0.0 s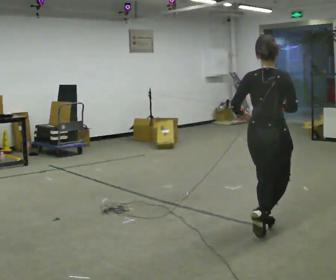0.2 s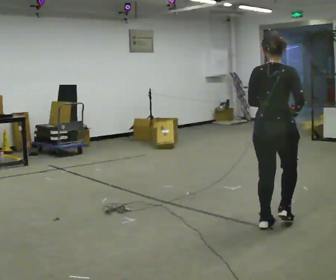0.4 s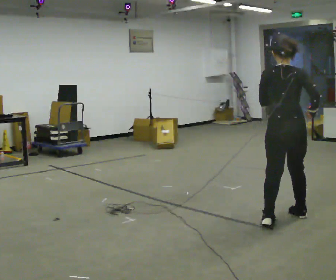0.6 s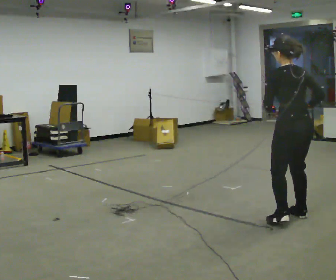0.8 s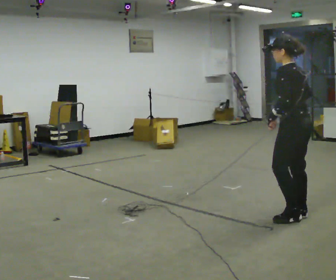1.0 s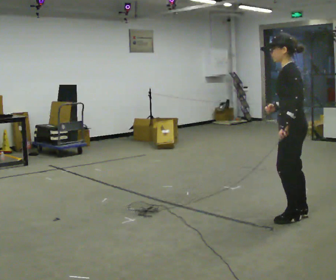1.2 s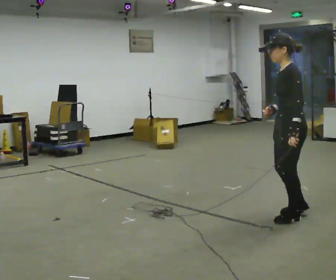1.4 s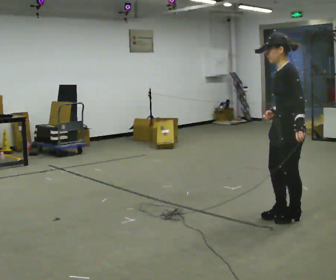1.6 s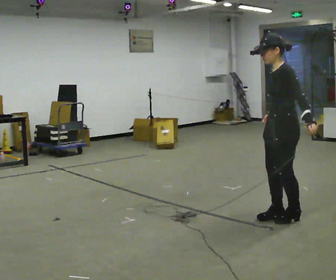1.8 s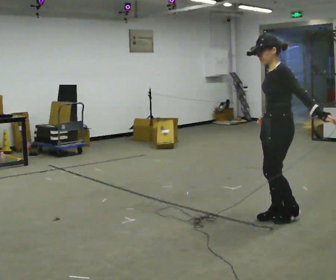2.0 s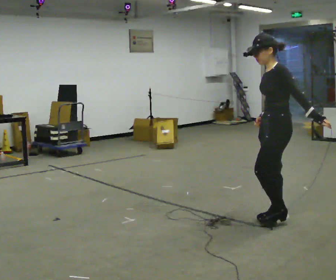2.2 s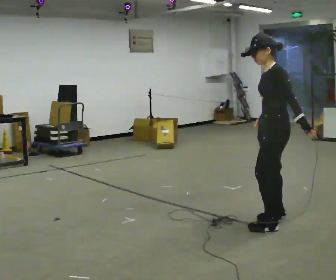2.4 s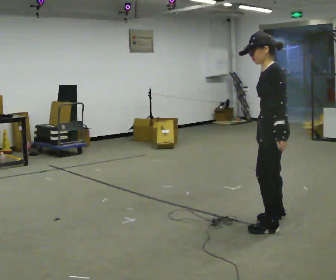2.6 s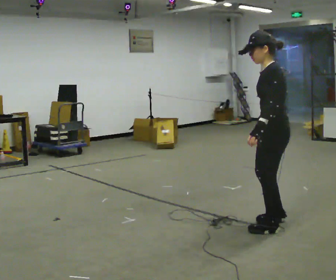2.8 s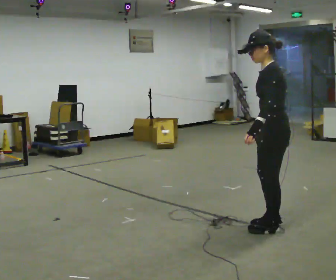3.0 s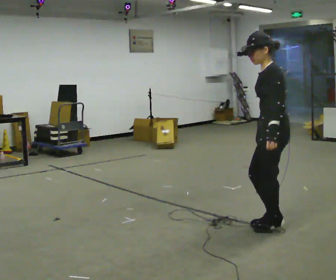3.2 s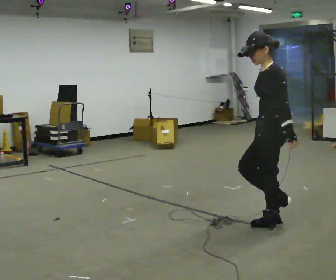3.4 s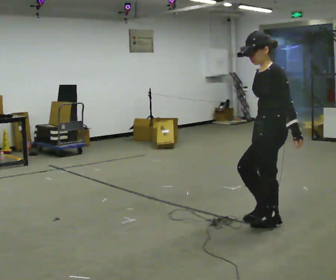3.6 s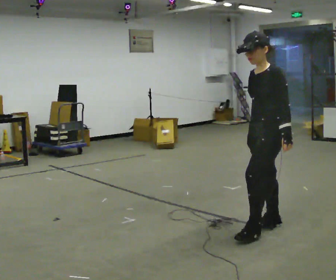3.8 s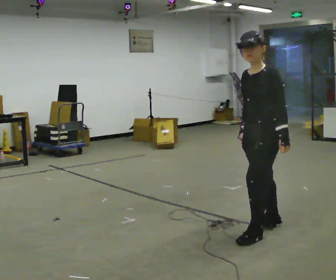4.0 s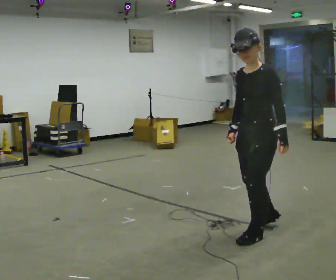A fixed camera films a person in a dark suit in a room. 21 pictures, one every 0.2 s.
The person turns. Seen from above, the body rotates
counterclockwise.
The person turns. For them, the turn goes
to their left.
0.0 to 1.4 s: The part of the body nearest the lens slides to the right as the person turns to their left by about 120 degrees. In the picture they go away from the camera and to the right, about 0.25 m in 2 steps.
1.4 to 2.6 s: In the picture they go toward the camera, about 0.25 m in 2 steps, which for them is to their left and forward. In the picture their left hand goes to the left.
2.6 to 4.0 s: The person turns about 45 degrees to their left, counterclockwise seen from above, so the part of the body nearest the lens slides to the right. In the picture they go toward the camera, about 0.25 m in 2 steps, which for them is to their left and forward.
The film runs forward here.
